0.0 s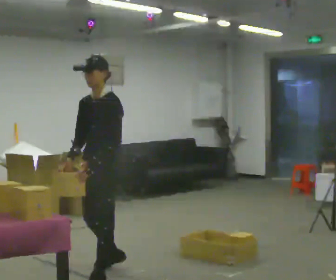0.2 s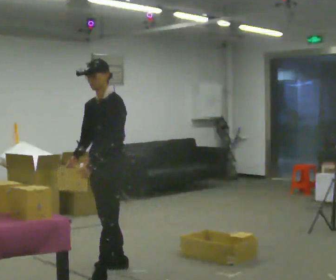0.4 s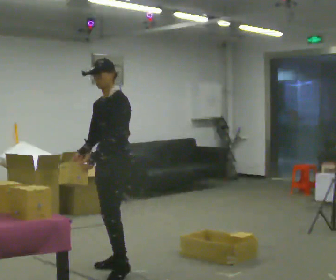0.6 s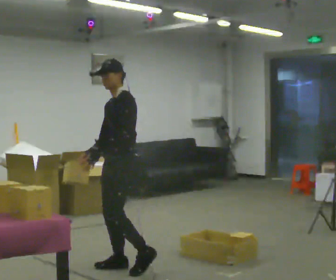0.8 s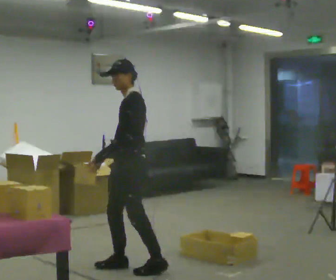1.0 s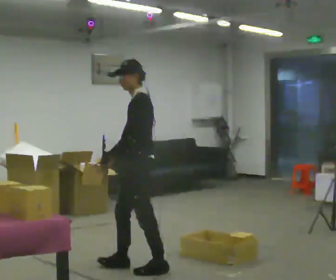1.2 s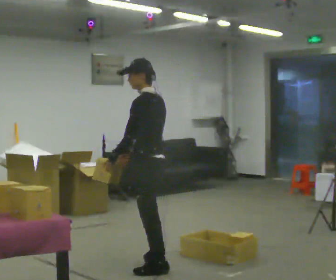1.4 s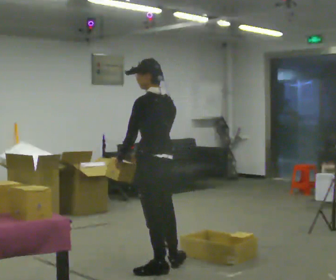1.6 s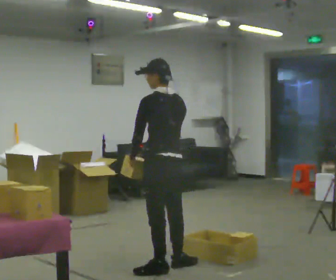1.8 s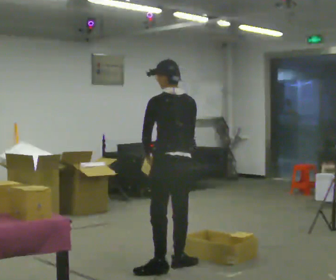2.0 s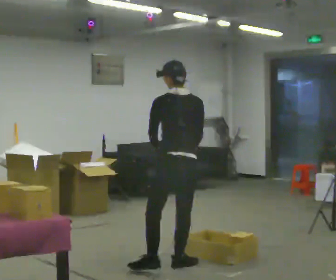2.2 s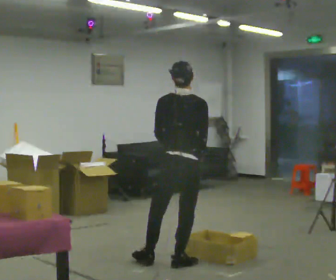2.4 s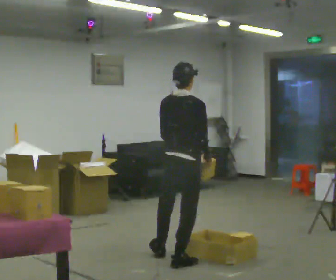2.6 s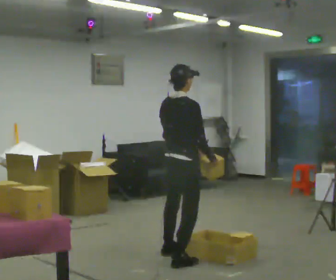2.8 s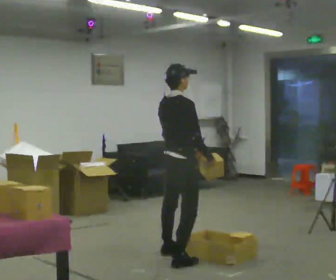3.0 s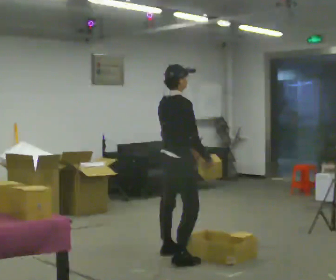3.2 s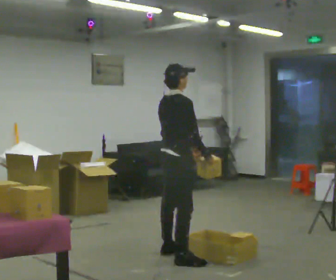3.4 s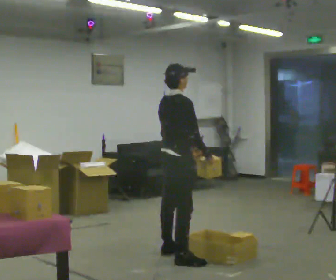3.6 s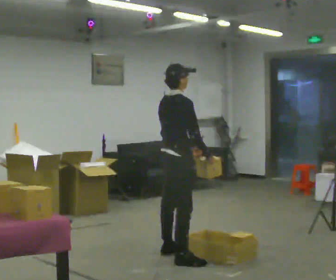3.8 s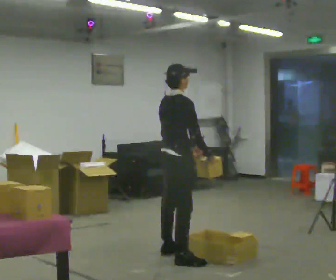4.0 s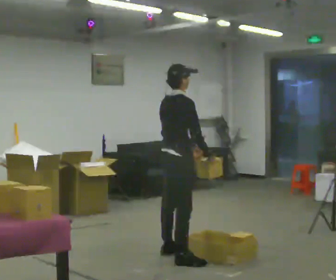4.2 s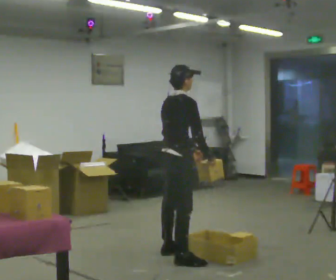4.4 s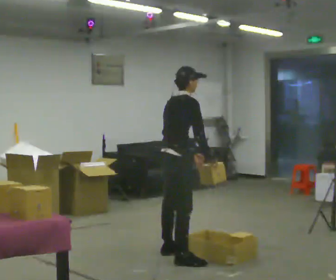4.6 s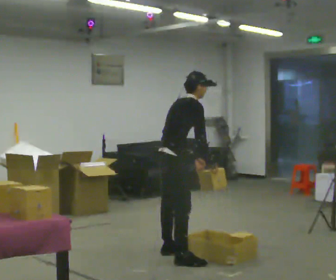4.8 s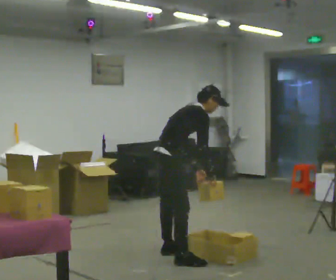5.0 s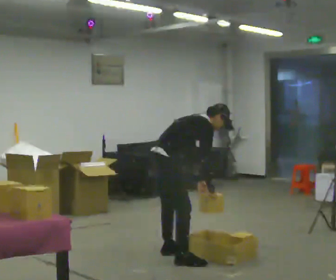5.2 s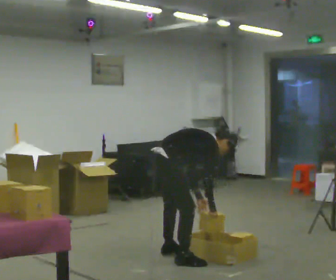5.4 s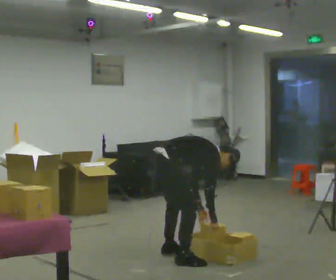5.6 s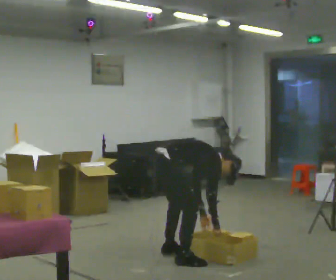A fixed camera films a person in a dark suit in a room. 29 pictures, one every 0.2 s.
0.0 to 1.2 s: The person turns about 60 degrees to their right, clockwise seen from above, so the part of the body nearest the lens slides to the left. In the picture they go to the right, about 0.5 m in 2 steps.
1.2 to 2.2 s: The person turns about 75 degrees to their right, clockwise seen from above, so the part of the body nearest the lens slides to the left. In the picture they go to the right and away from the camera, about 0.25 m in 1 step.
2.2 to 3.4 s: The person turns about 60 degrees to their right, clockwise seen from above, so the part of the body nearest the lens slides to the left. In the picture they go away from the camera, about 0.25 m, which for them is to their left.
3.4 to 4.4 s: The person moves a little, or ends about where they began.
4.4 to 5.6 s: The shoulders move downward. In the picture the upper body tilts clockwise, shoulders to the right, as they bend forward. In the picture their right hand goes downward.
The film runs backward here.
